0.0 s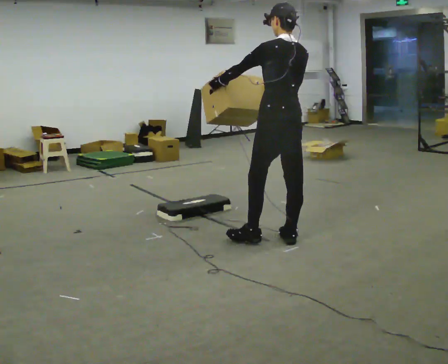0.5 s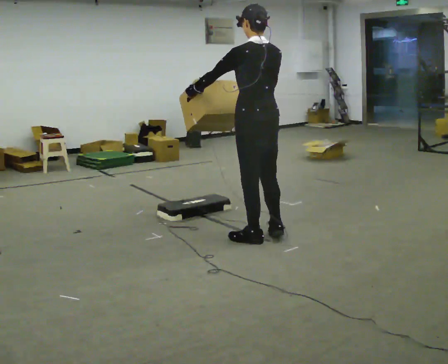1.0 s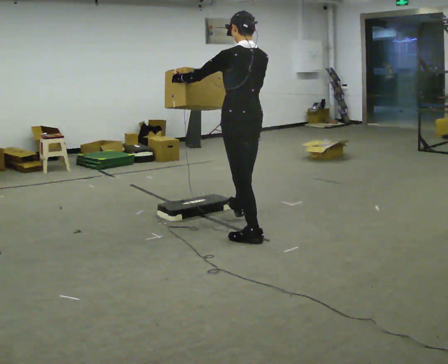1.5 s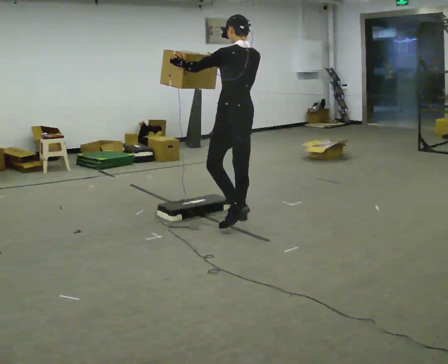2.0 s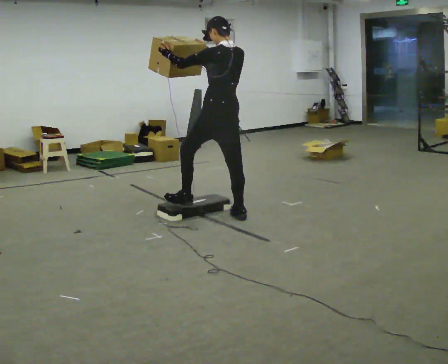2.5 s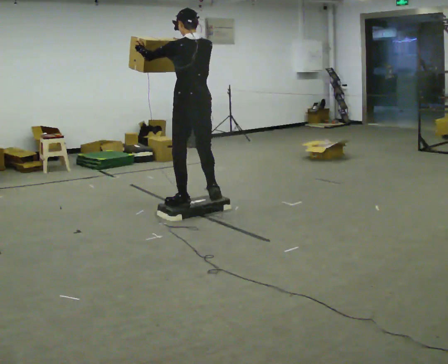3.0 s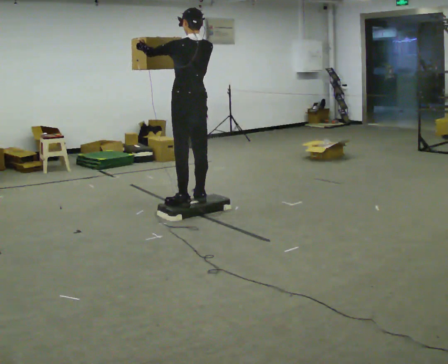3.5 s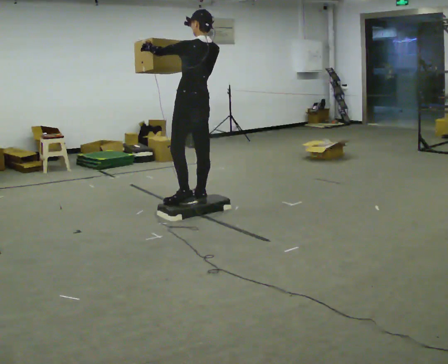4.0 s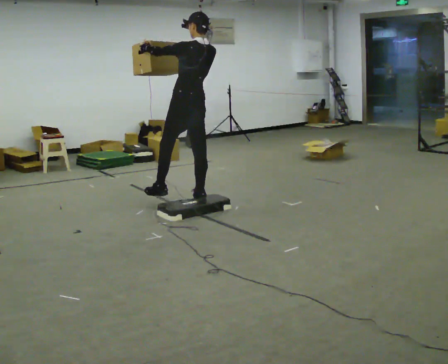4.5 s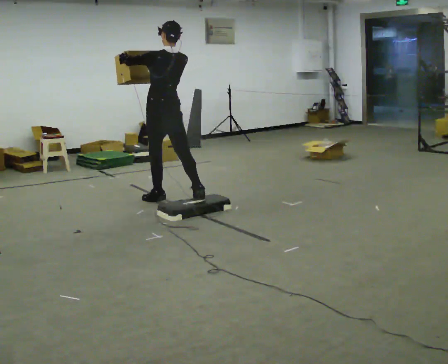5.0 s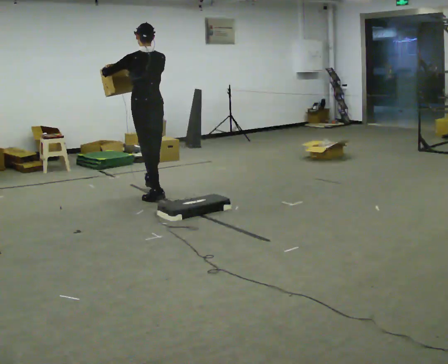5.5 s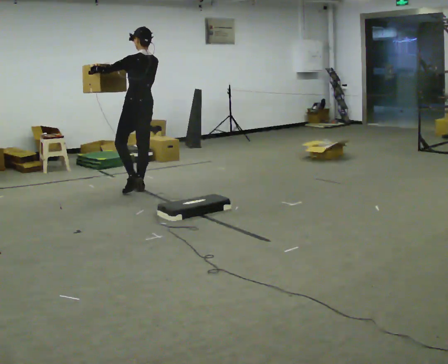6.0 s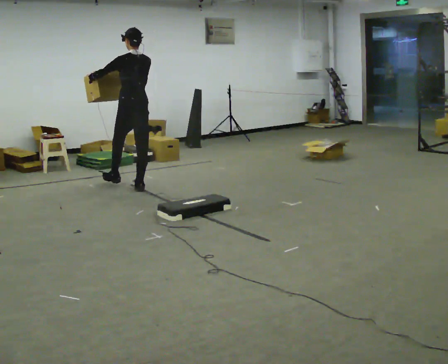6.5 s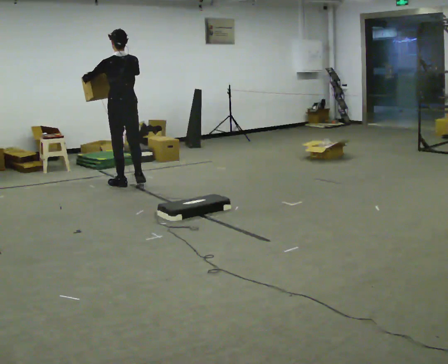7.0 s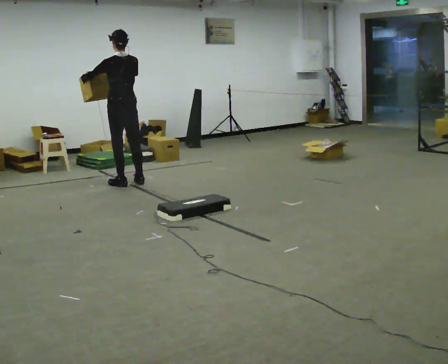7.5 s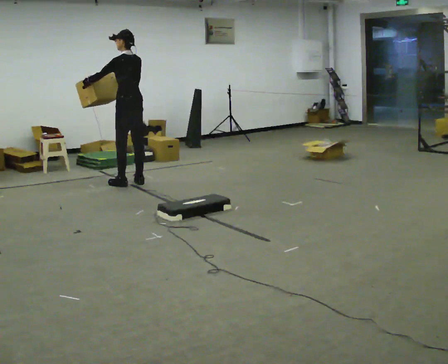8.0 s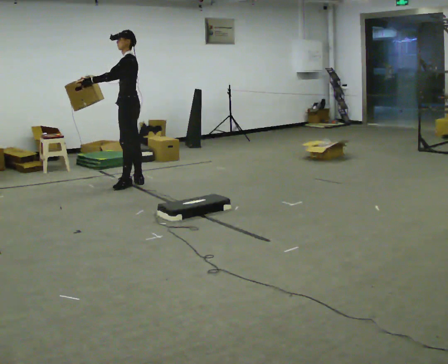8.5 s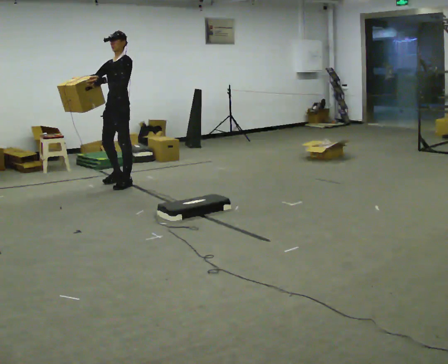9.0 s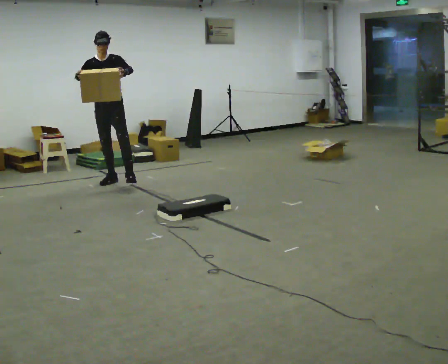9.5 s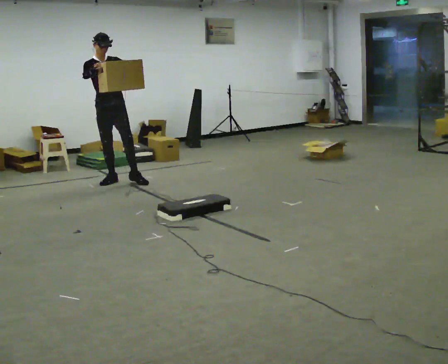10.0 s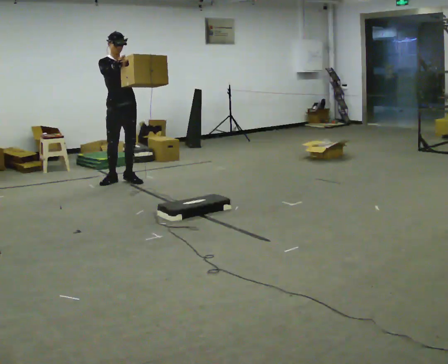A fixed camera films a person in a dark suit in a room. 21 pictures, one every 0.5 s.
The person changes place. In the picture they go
away from the camera.
0.0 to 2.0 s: In the picture they go away from the camera and to the left, about 1 m in 1 step, which for them is forward. In the picture their right hand goes upward.
2.0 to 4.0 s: In the picture they go away from the camera and to the left, about 0.5 m in 2 steps, which for them is forward.
4.0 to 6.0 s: In the picture they go away from the camera and to the left, about 1 m in 2 steps, which for them is forward.
6.0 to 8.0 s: Seen from above the body turns counterclockwise, about 60 degrees: to their left, with its near side sliding to the right. In the picture they go away from the camera, about 0.25 m in 2 steps, which for them is forward.
8.0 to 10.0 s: Seen from above the body turns counterclockwise, about 120 degrees: to their left, with its near side sliding to the right.
The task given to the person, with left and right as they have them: Carry the box up onto the platform, across it, and down the other side, then bring it back. Keep going until the operator says stop; one object at a time, and do not rush between trips.
The film runs forward here.
